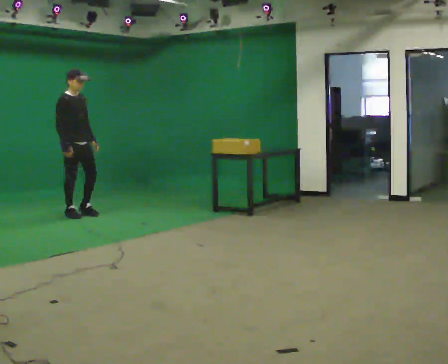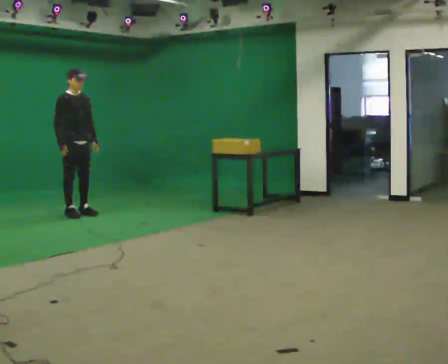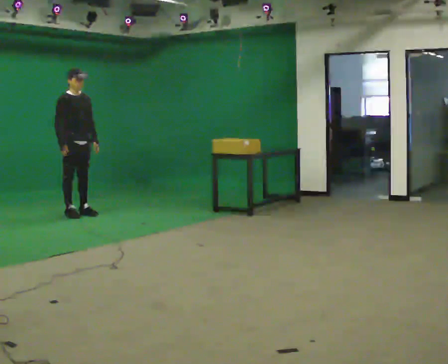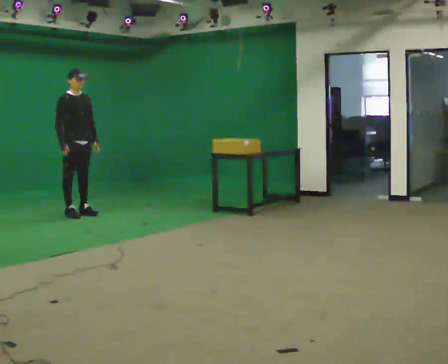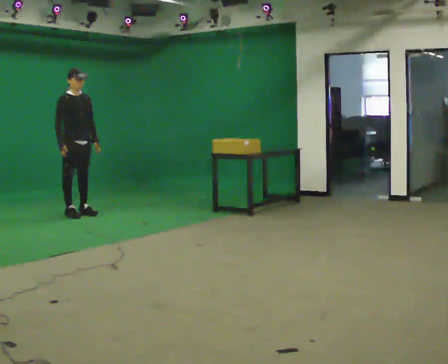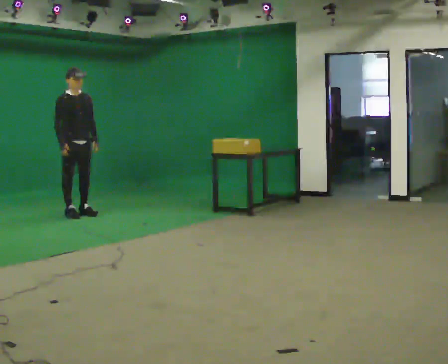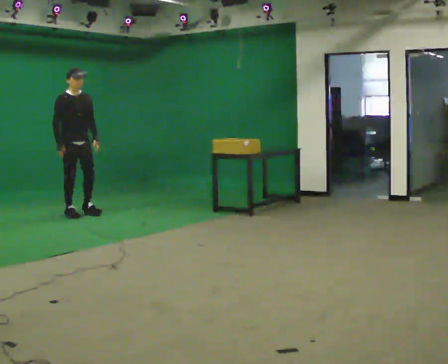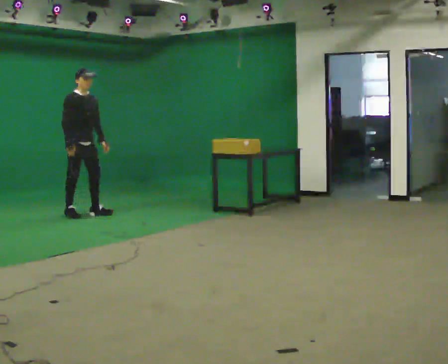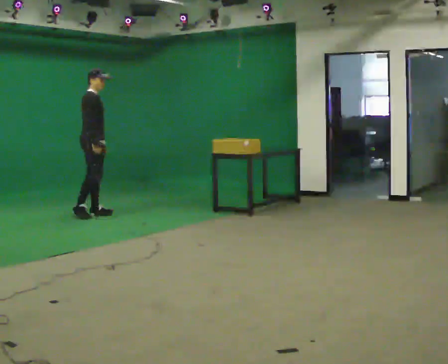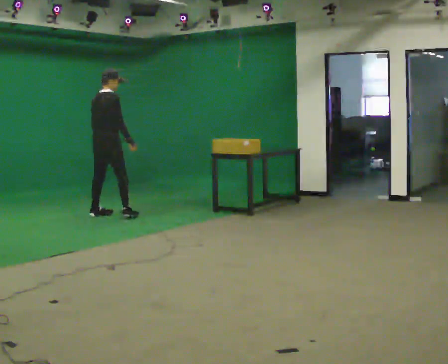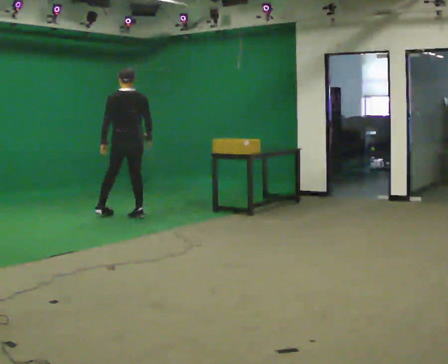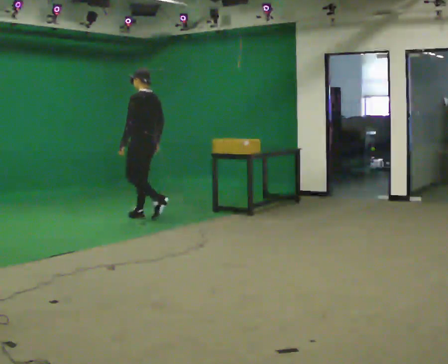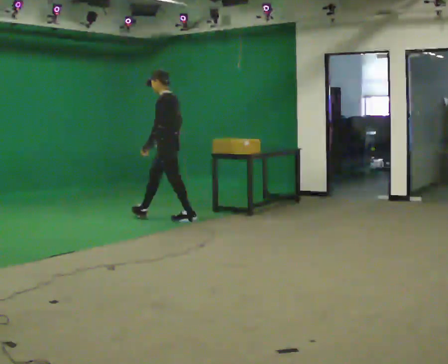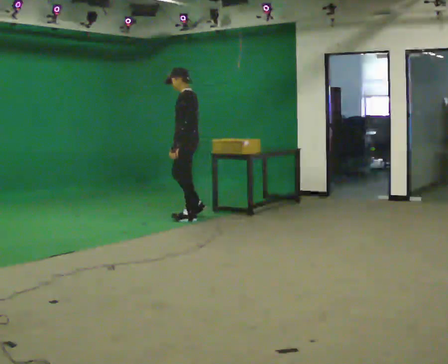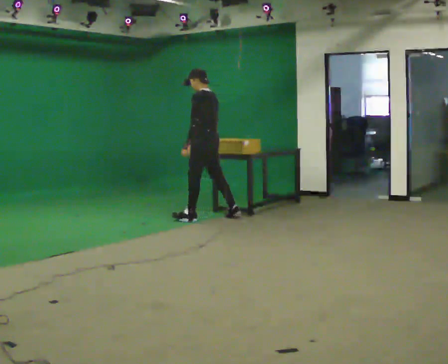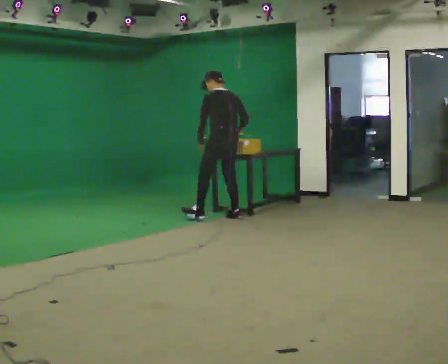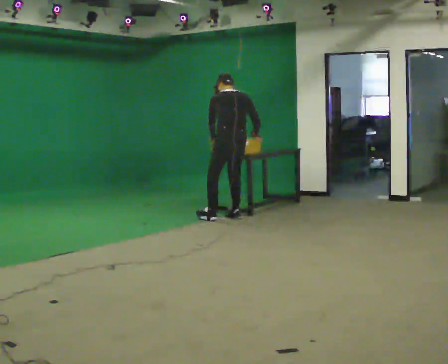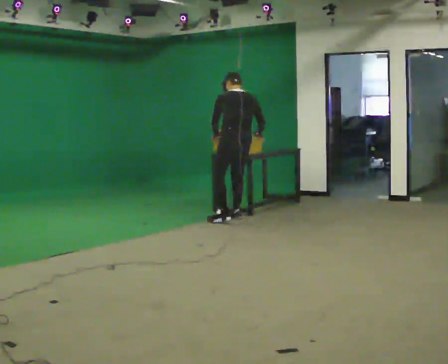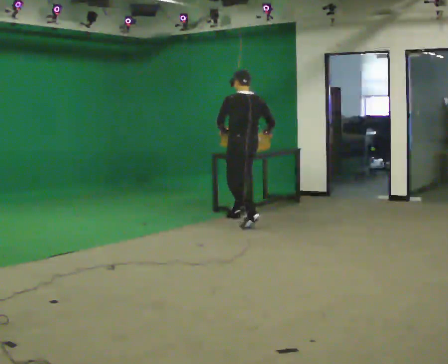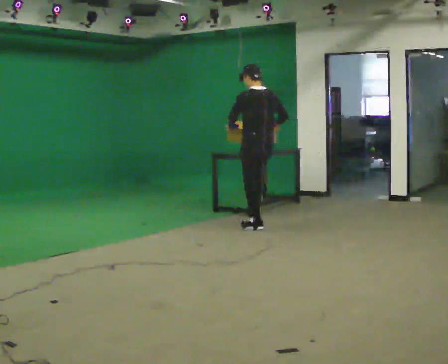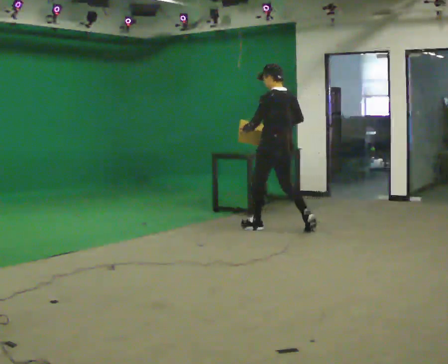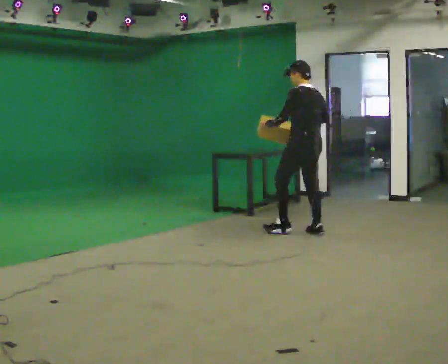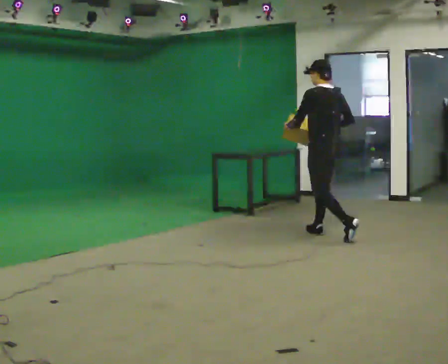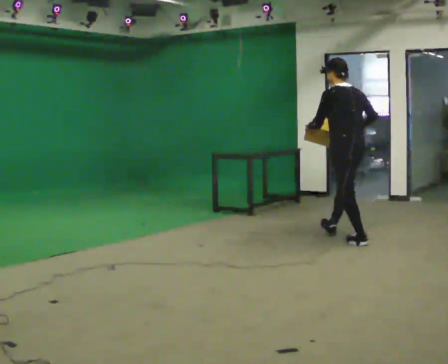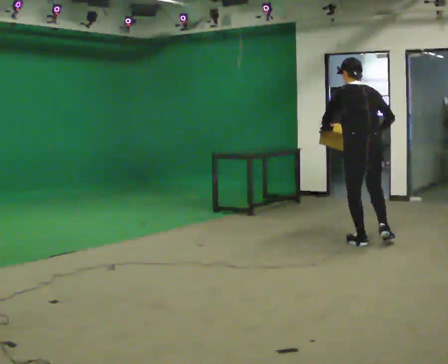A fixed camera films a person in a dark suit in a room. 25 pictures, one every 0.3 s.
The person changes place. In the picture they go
to the right.
0.0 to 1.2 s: The person moves a little, or ends about where they began.
1.2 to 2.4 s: The part of the body nearest the lens slides to the right as the person turns to their left by about 30 degrees. In the picture they go to the right, about 0.25 m in 2 steps, which for them is to their left and forward.
2.4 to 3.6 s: Seen from above the body turns counterclockwise, about 180 degrees: to their left, with its near side sliding to the right. In the picture they go to the right, about 1 m in 2 steps.
3.6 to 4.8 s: The person turns about 60 degrees to their right, clockwise seen from above, so the part of the body nearest the lens slides to the left. In the picture they go to the right, about 0.5 m in 1 step. The upper body tips away from the camera, its near side rolling upward, as they bend forward.
4.8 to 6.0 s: In the picture they go toward the camera and to the right, about 1 m in 2 steps, which for them is backward. The upper body tips toward the camera, its near side rolling downward, as they lean back or straighten.
6.0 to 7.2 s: In the picture they go toward the camera and to the right, about 1 m in 2 steps, which for them is backward.
The film runs backward here.
